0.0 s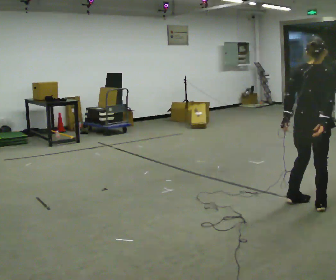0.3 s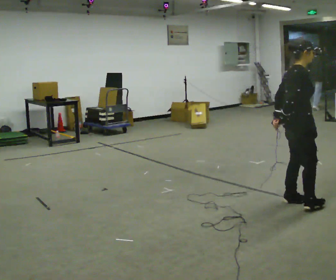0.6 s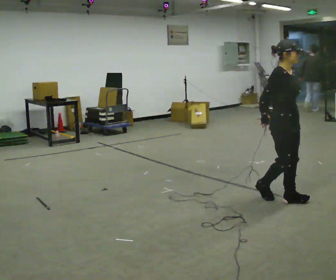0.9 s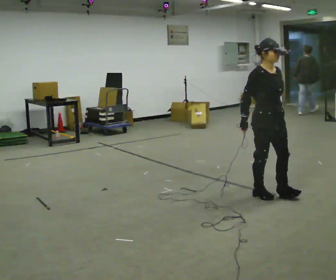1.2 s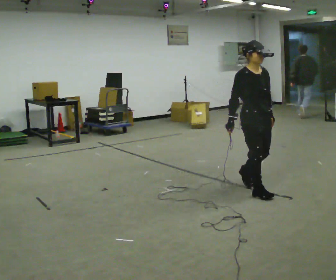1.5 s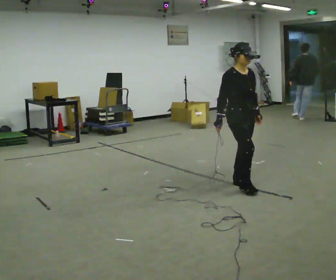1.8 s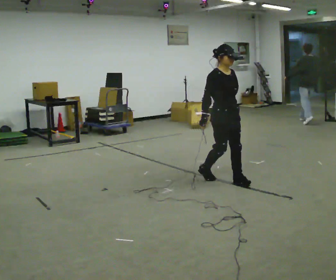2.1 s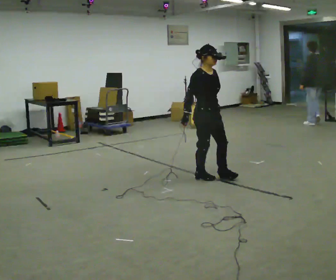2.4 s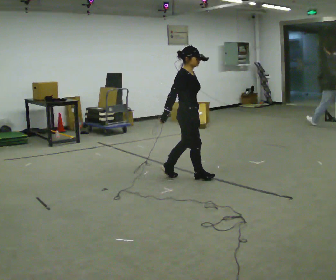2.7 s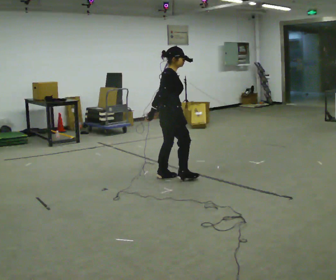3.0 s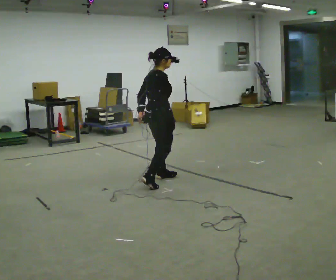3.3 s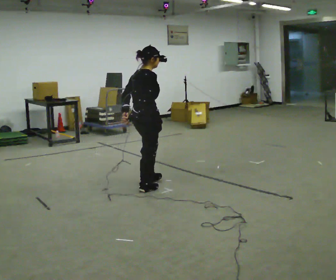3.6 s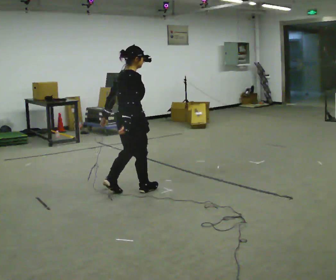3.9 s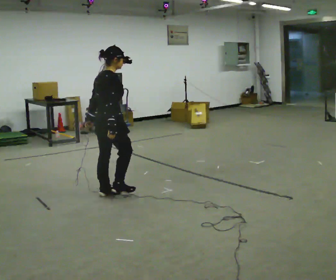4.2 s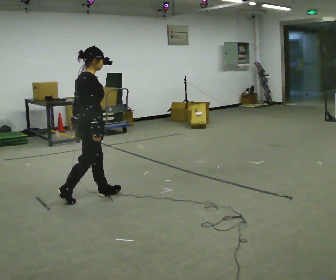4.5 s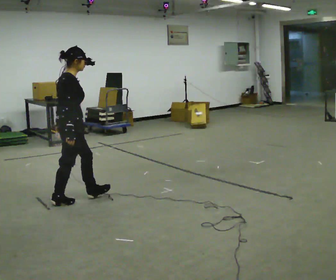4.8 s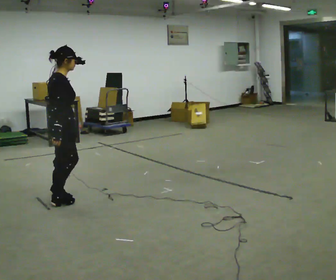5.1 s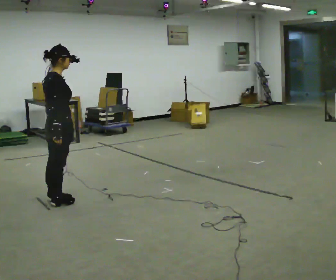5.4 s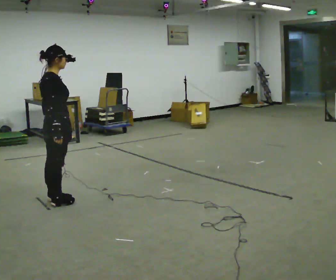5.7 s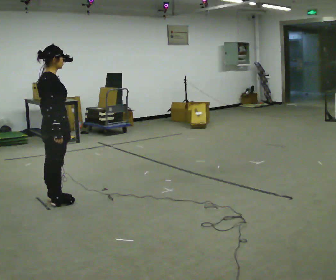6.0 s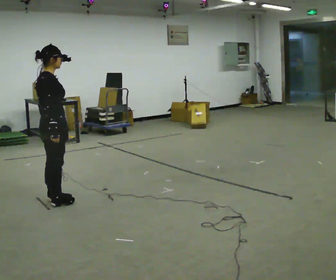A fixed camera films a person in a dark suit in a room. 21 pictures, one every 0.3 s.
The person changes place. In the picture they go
to the left.
0.0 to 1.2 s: The part of the body nearest the lens slides to the left as the person turns to their right by about 105 degrees. In the picture they go away from the camera and to the left, about 0.75 m in 2 steps.
1.2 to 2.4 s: Seen from above the body turns counterclockwise, about 45 degrees: to their left, with its near side sliding to the right. In the picture they go away from the camera and to the left, about 1 m in 2 steps, which for them is backward.
2.4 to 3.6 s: The part of the body nearest the lens slides to the right as the person turns to their left by about 60 degrees. In the picture they go to the left and toward the camera, about 0.5 m in 2 steps, which for them is backward.
3.6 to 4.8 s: In the picture they go to the left and toward the camera, about 0.5 m in 2 steps, which for them is backward.
4.8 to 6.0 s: The person moves a little, or ends about where they began.
The film runs backward here.
